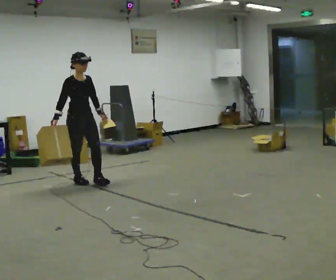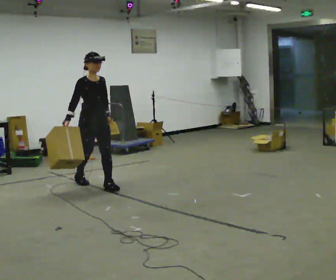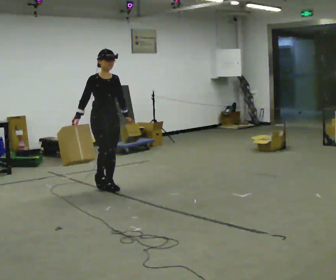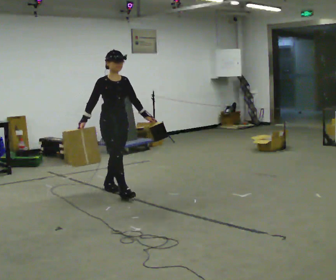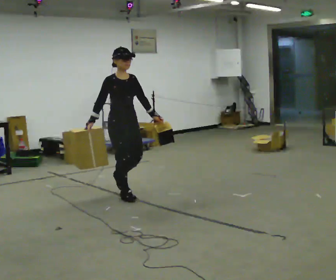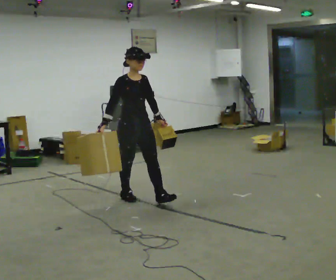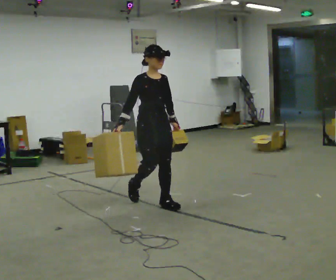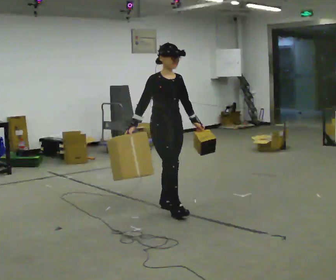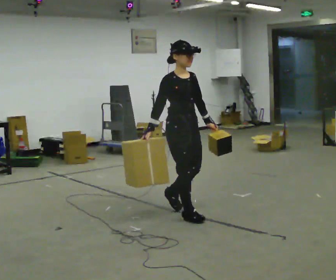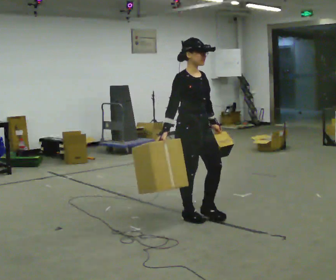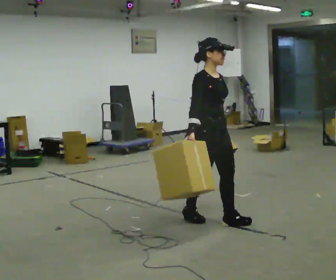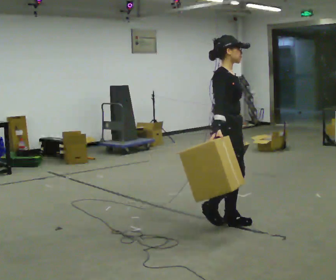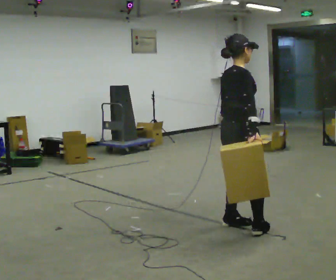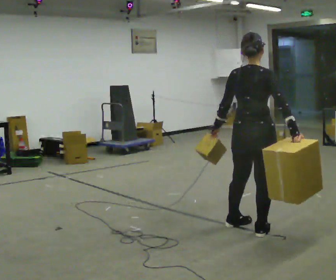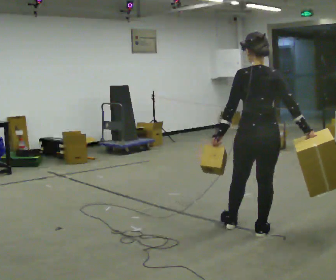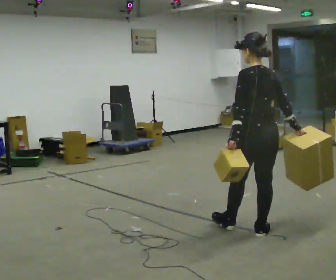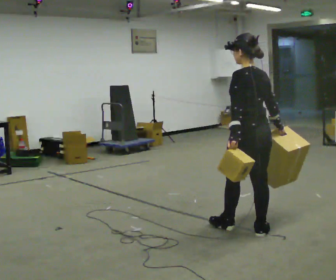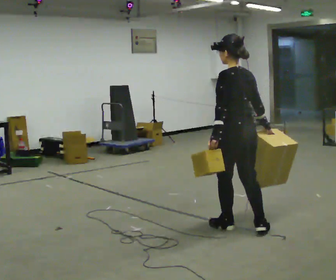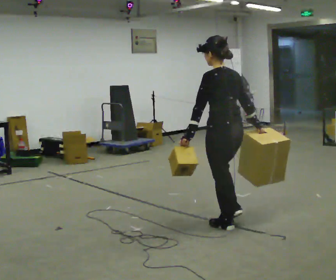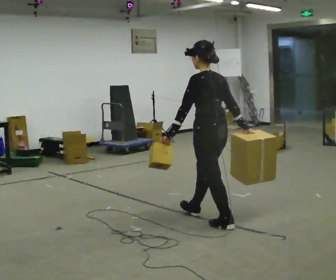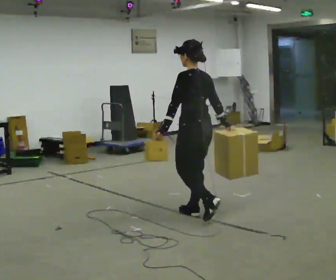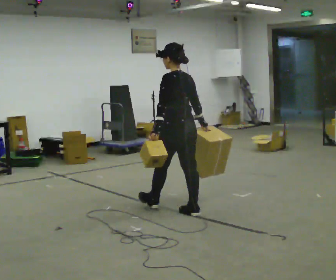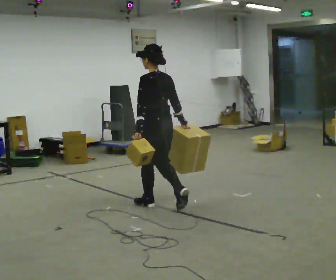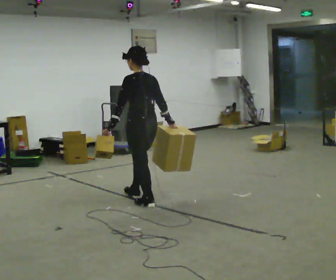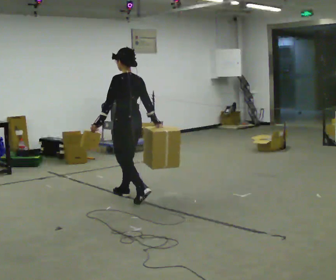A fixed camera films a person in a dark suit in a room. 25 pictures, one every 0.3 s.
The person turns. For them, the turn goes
to their left.
The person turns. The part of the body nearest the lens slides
to the right.
0.0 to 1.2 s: In the picture they go to the right and toward the camera, about 1 m in 2 steps, which for them is forward.
1.2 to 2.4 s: In the picture they go to the right and toward the camera, about 1 m in 2 steps, which for them is forward.
2.4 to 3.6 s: Seen from above the body turns counterclockwise, about 60 degrees: to their left, with its near side sliding to the right. In the picture they go to the right and toward the camera, about 0.5 m in 1 step.
3.6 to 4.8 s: The person turns about 105 degrees to their left, counterclockwise seen from above, so the part of the body nearest the lens slides to the right.
4.8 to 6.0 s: In the picture they go to the left and away from the camera, about 0.75 m in 1 step, which for them is forward.
6.0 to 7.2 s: In the picture they go to the left and away from the camera, about 1 m in 2 steps, which for them is forward.
The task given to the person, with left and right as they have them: Carry one object in each hand, the heavy one in the hand the operator calls, walking back and forth across the room.
The film runs forward here.
